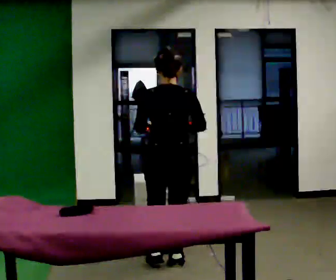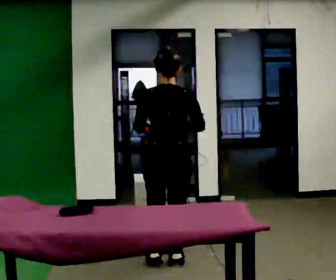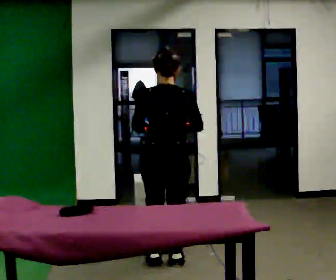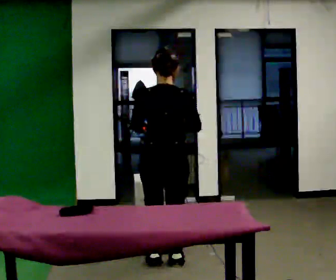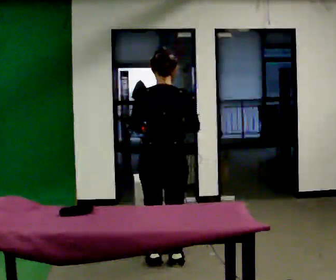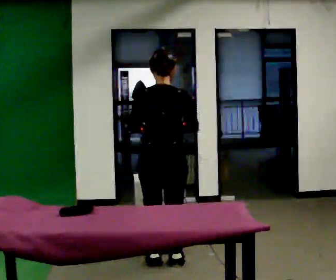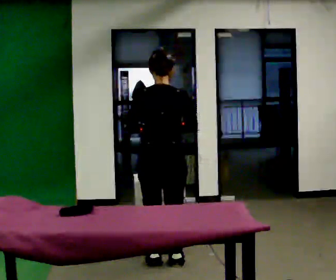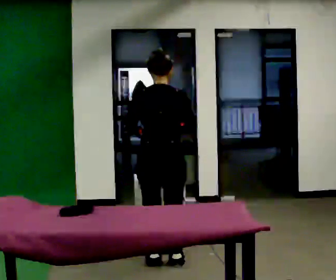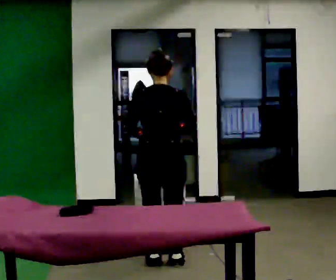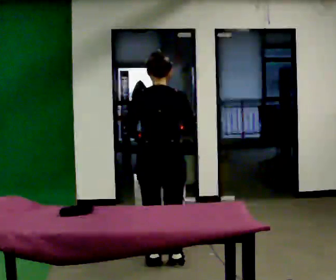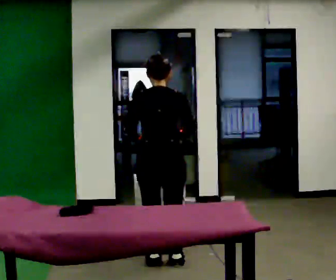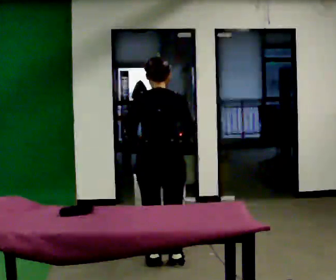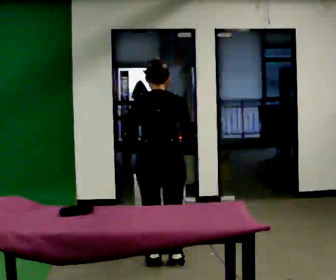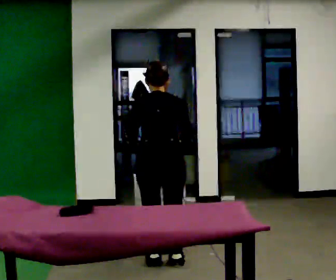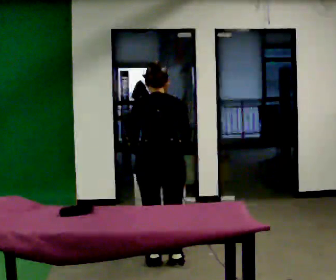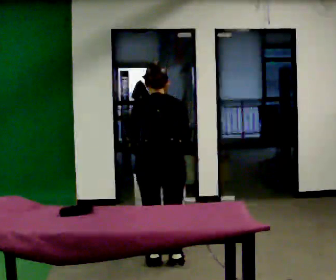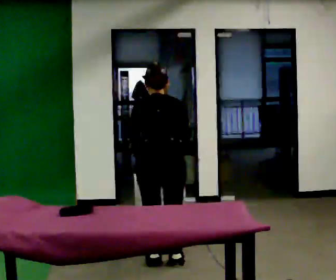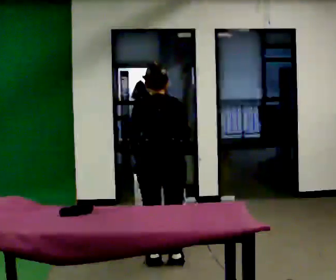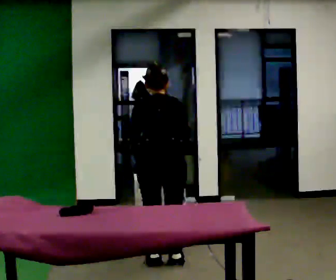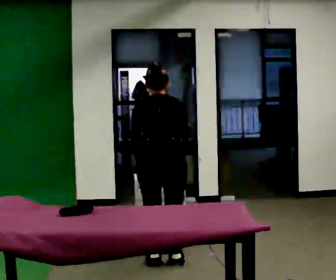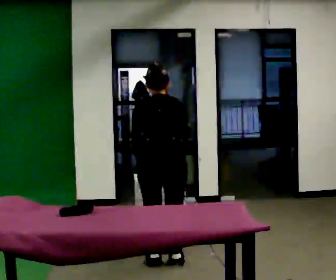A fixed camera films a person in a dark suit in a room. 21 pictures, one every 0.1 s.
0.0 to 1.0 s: The upper body tips away from the camera, its near side rolling upward, as they bend forward.
1.0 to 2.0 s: The upper body tips away from the camera, its near side rolling upward, as they bend forward.
The film runs forward here.
